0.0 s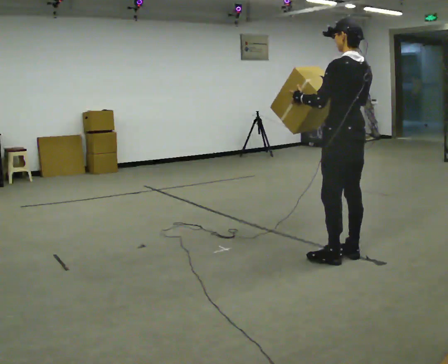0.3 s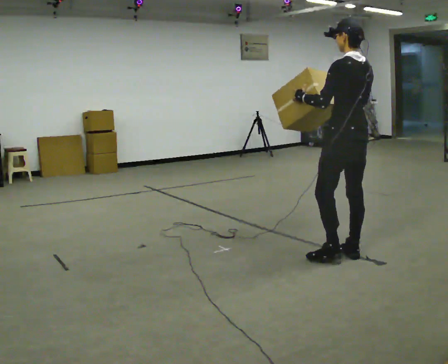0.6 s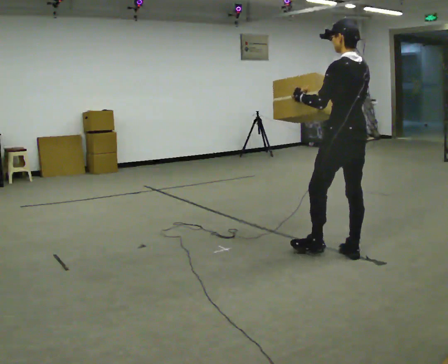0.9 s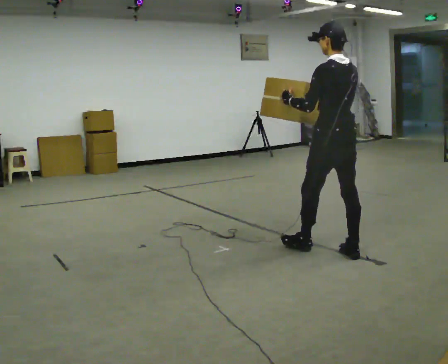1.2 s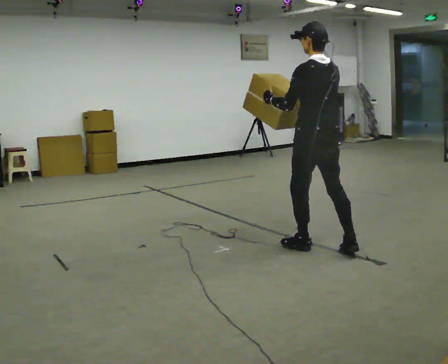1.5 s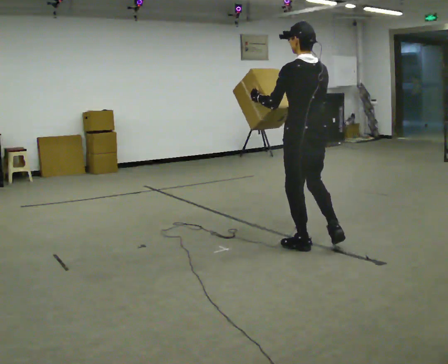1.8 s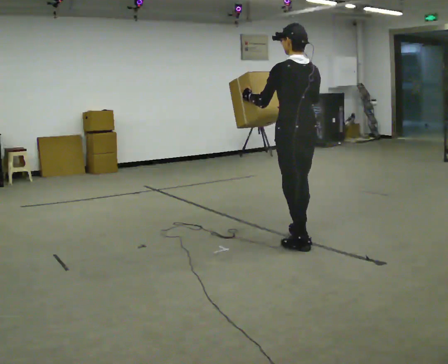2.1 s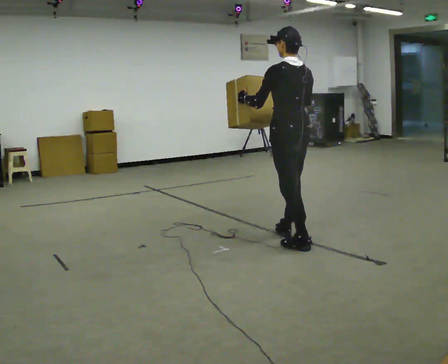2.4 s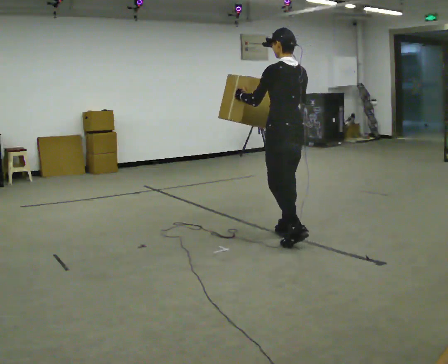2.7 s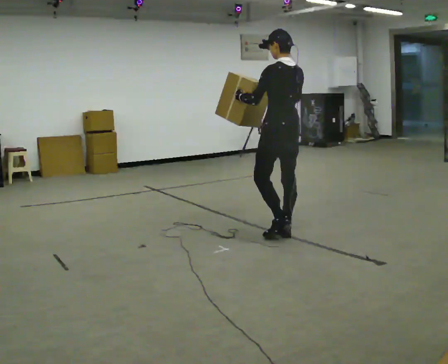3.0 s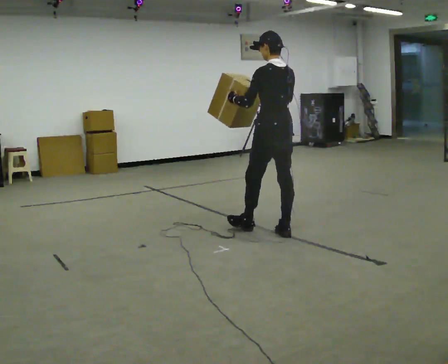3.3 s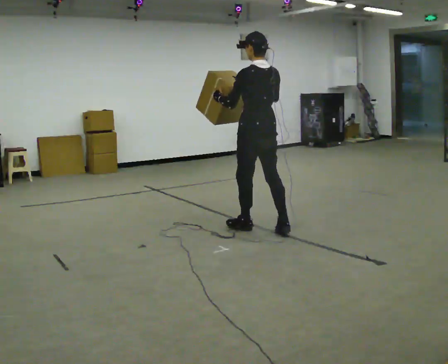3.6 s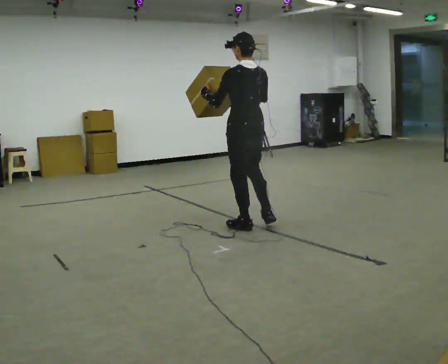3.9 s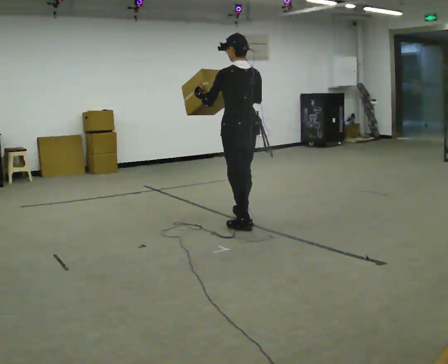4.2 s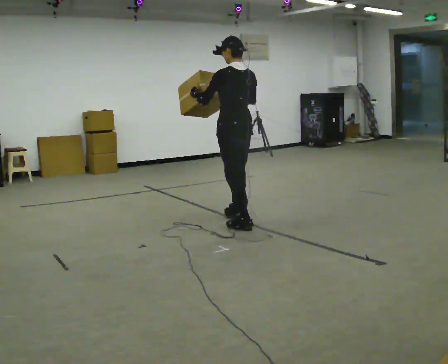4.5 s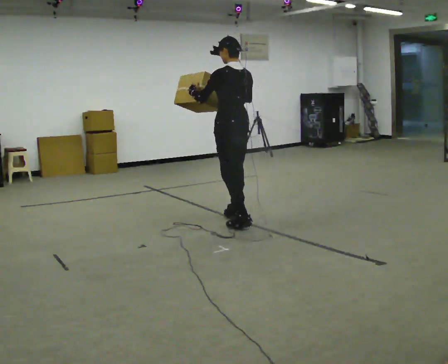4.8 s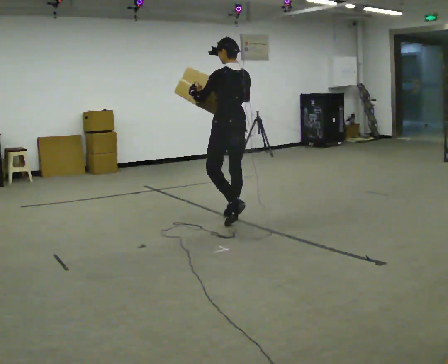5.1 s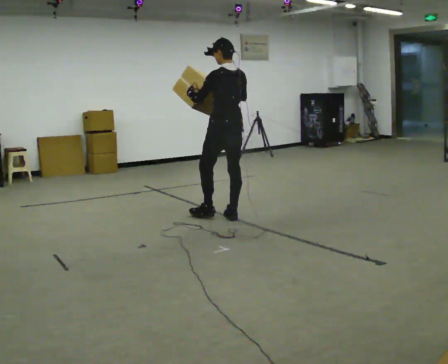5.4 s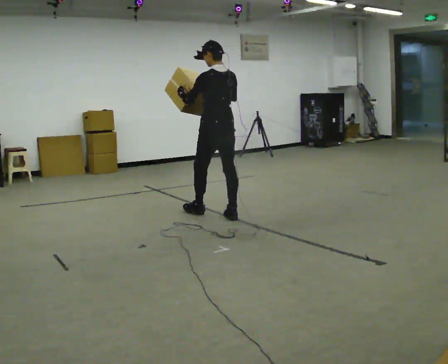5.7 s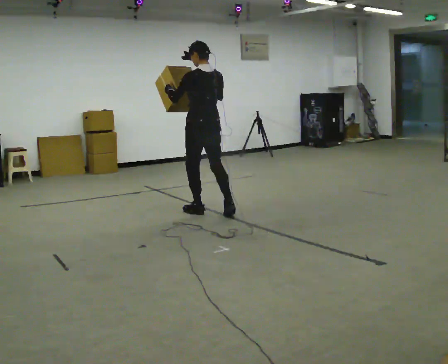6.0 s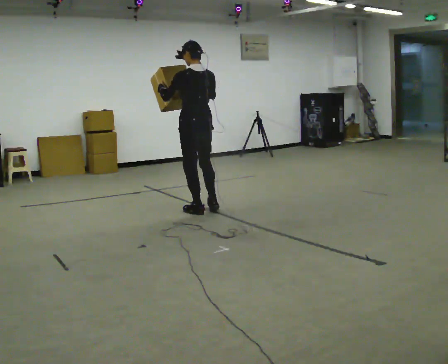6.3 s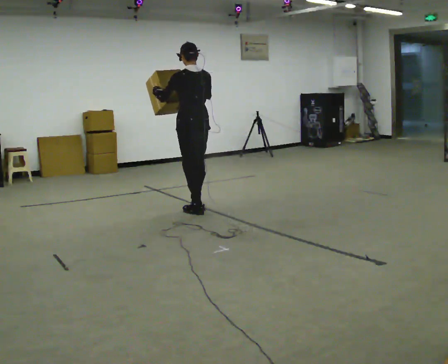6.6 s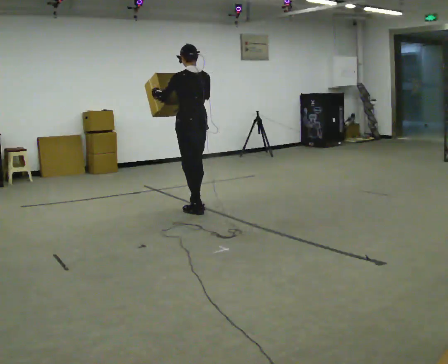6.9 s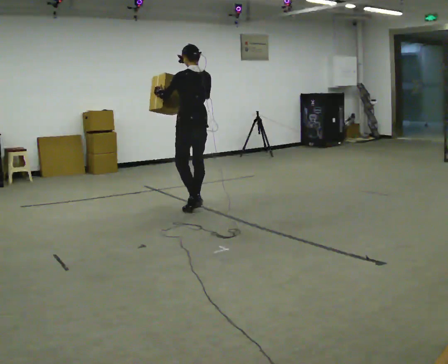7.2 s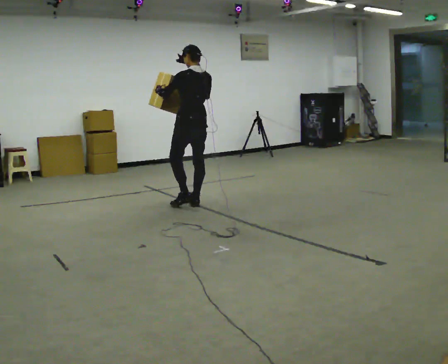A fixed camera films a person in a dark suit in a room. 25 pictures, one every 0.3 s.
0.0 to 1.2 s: In the picture they go to the left and away from the camera, about 0.25 m in 1 step, which for them is forward.
1.2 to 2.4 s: In the picture they go away from the camera and to the left, about 0.5 m in 1 step, which for them is forward.
2.4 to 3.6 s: In the picture they go to the left and away from the camera, about 0.5 m in 1 step, which for them is forward.
3.6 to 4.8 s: In the picture they go away from the camera and to the left, about 0.5 m in 1 step, which for them is forward.
4.8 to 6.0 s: In the picture they go to the left and away from the camera, about 0.5 m in 1 step, which for them is forward.
6.0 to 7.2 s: In the picture they go away from the camera, about 0.25 m in 1 step, which for them is forward and to their right.
The film runs forward here.
